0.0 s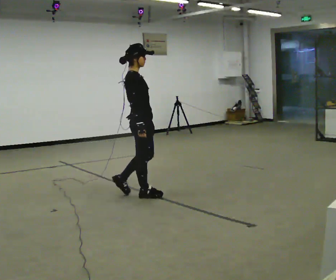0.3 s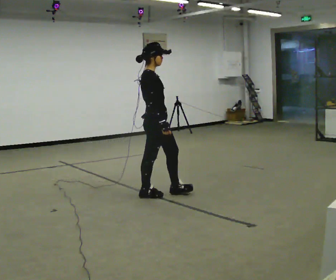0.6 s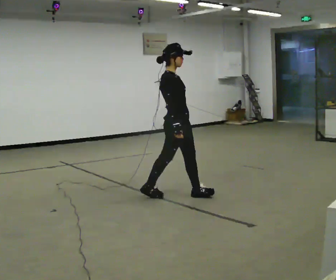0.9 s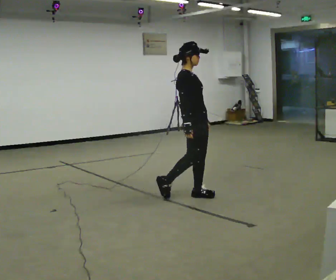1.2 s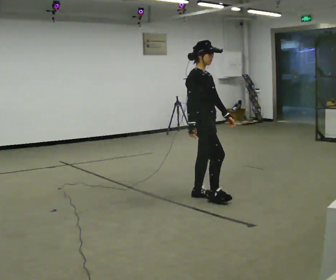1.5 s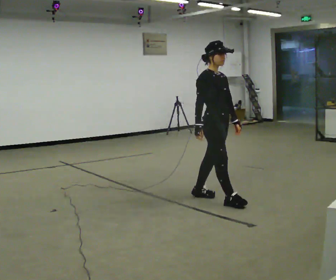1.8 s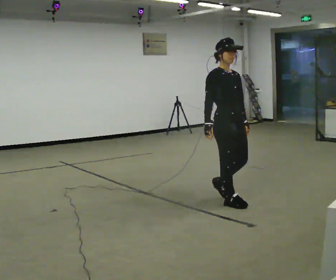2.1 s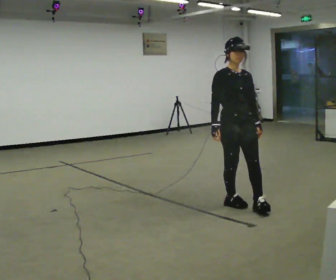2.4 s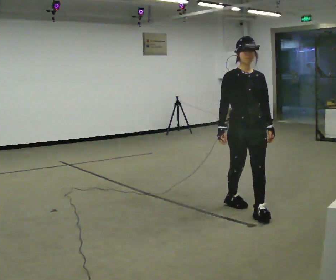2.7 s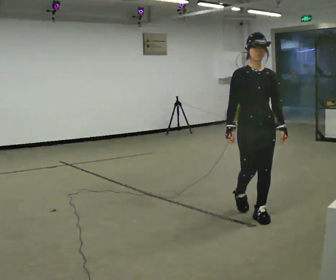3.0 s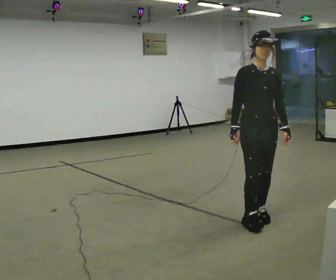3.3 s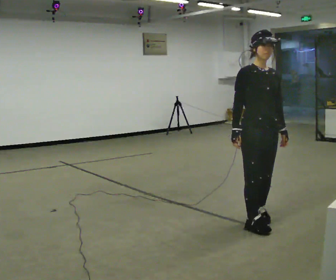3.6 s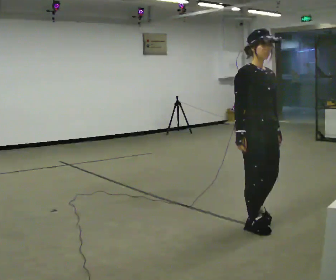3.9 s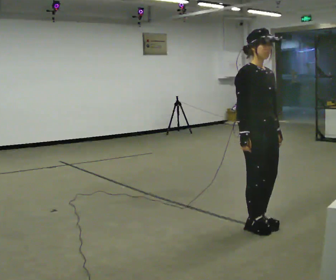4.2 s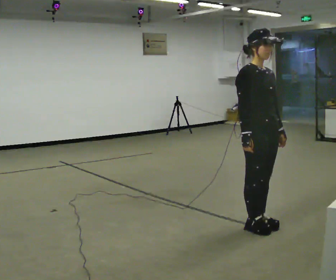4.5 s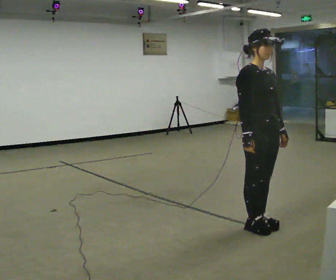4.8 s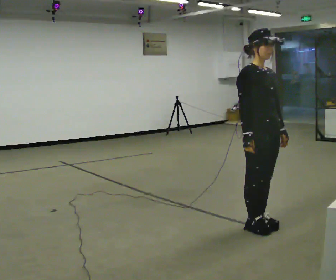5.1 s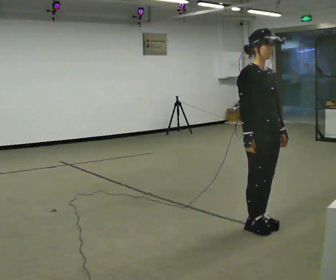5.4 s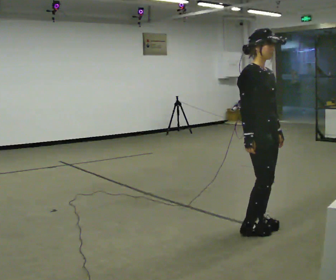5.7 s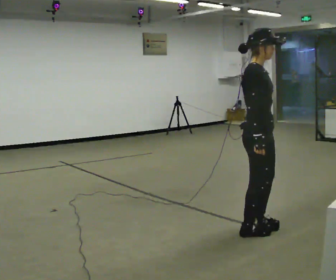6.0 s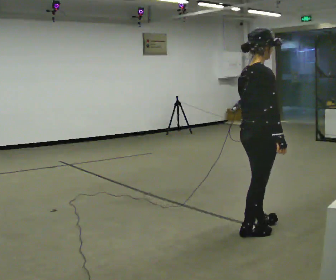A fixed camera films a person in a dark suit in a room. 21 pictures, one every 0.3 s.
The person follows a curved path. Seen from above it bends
clockwise.
0.0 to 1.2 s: The person turns about 30 degrees to their right, clockwise seen from above, so the part of the body nearest the lens slides to the left. In the picture they go to the right, about 0.75 m in 1 step, which for them is forward.
1.2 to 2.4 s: The part of the body nearest the lens slides to the left as the person turns to their right by about 60 degrees. In the picture they go toward the camera and to the right, about 0.75 m in 2 steps, which for them is forward.
2.4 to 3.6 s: The person turns about 30 degrees to their left, counterclockwise seen from above, so the part of the body nearest the lens slides to the right. In the picture they go toward the camera, about 0.5 m in 1 step, which for them is forward.
3.6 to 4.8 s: The person moves a little, or ends about where they began.
4.8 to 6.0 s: Seen from above the body turns counterclockwise, about 60 degrees: to their left, with its near side sliding to the right. In the picture their left hand goes to the left.
The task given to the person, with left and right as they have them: Walk forward; gradually curve left/right; straighten out.
The film runs forward here.
